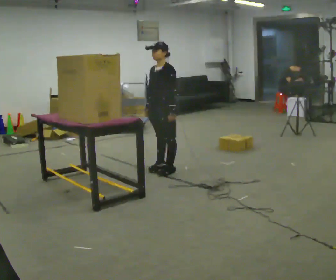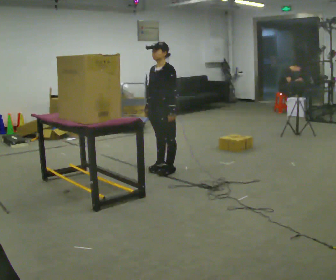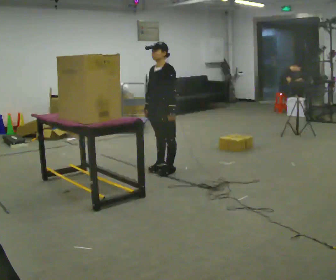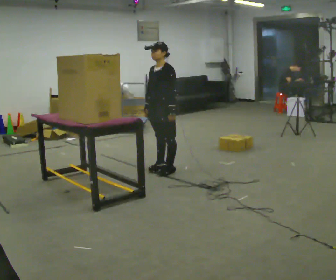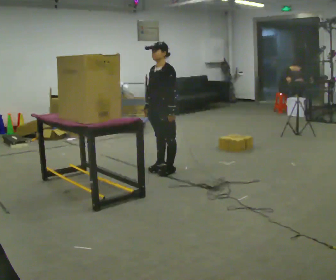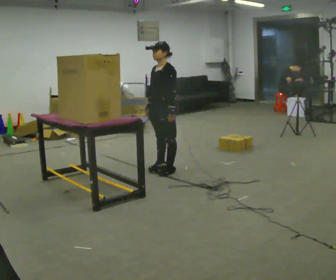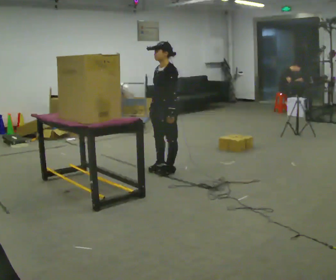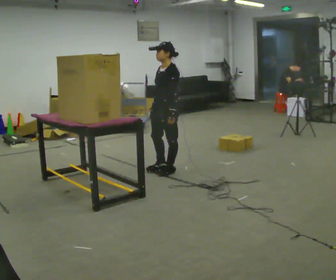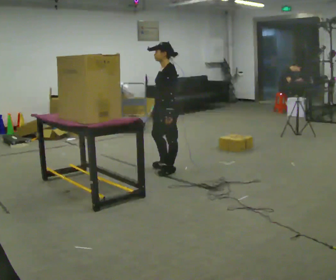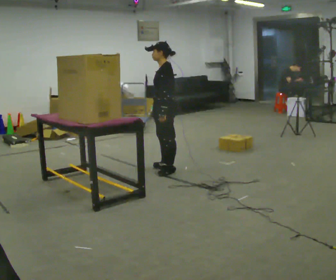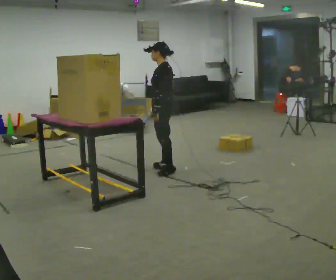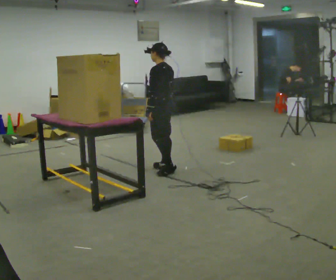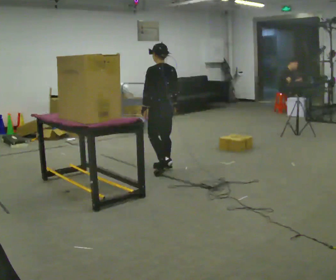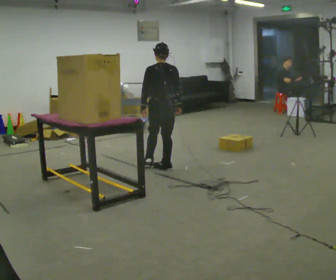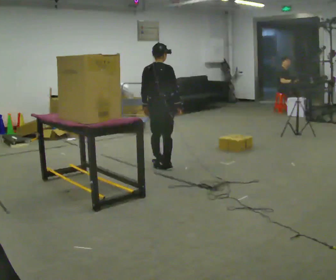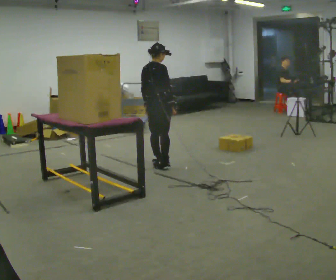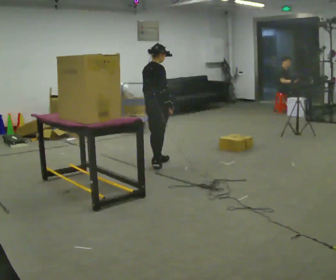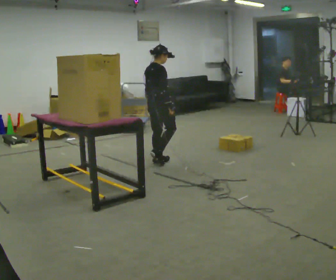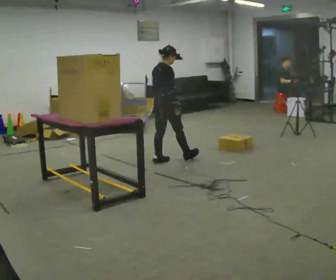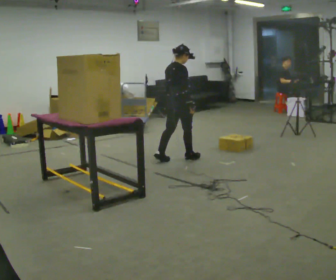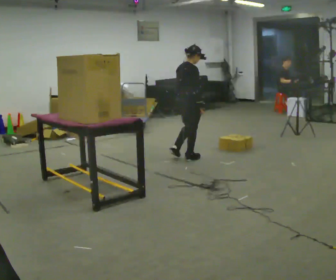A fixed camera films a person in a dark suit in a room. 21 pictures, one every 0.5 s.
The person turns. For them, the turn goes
to their right.
The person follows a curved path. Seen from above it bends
clockwise.
0.0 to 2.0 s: The person keeps their place and pose.
2.0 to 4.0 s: The person turns about 30 degrees to their right, clockwise seen from above, so the part of the body nearest the lens slides to the left.
4.0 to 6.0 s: The part of the body nearest the lens slides to the left as the person turns to their right by about 60 degrees. In the picture their left hand goes to the left.
6.0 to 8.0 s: The person turns about 90 degrees to their right, clockwise seen from above, so the part of the body nearest the lens slides to the left. In the picture they go away from the camera, about 0.25 m in 1 step.
8.0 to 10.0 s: In the picture they go to the right, about 0.5 m in 1 step, which for them is forward.
The film runs forward here.
